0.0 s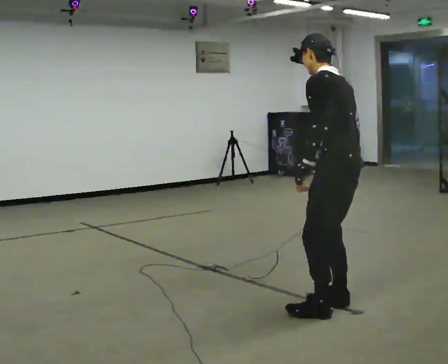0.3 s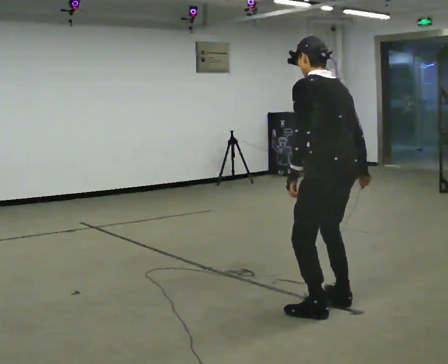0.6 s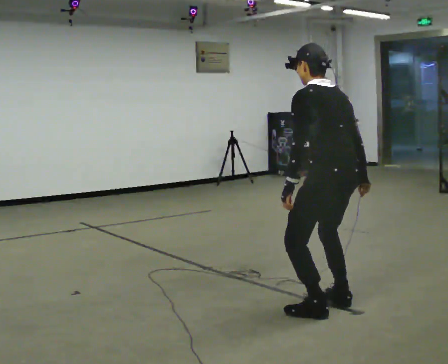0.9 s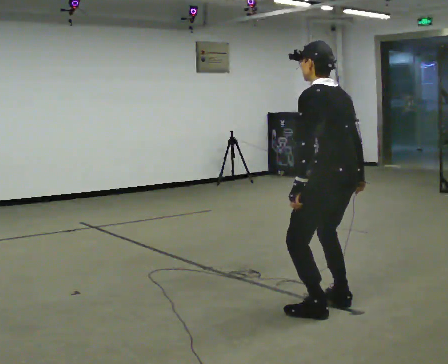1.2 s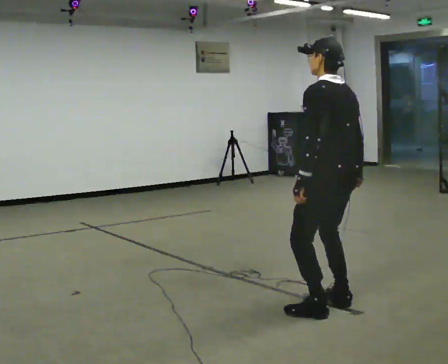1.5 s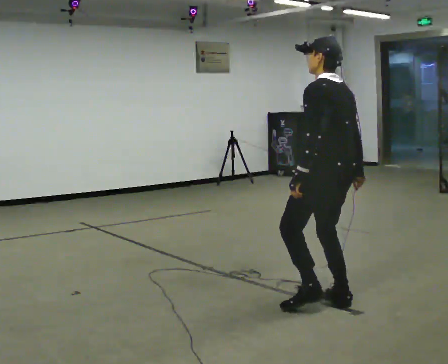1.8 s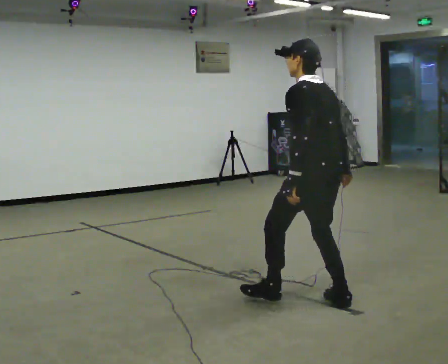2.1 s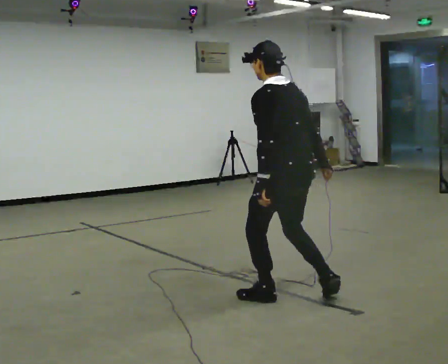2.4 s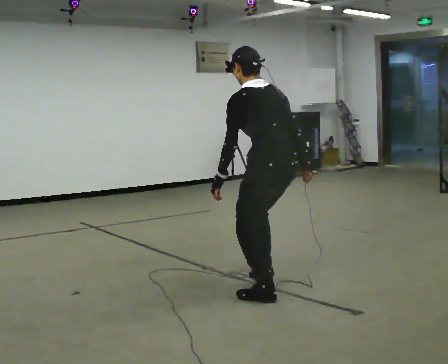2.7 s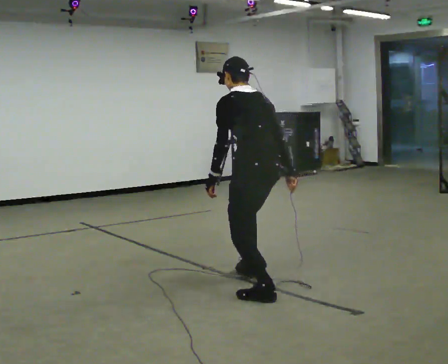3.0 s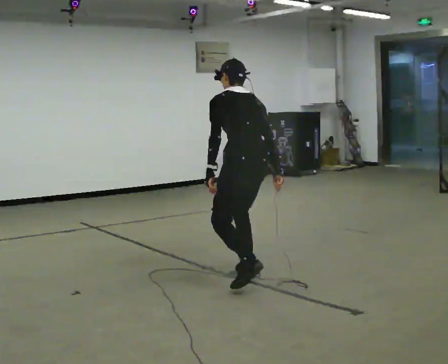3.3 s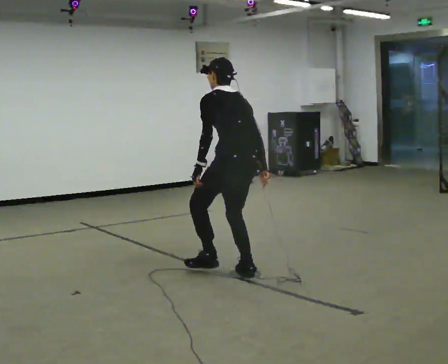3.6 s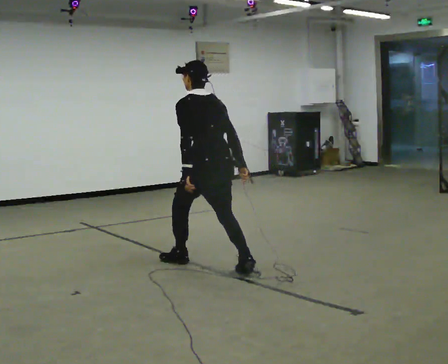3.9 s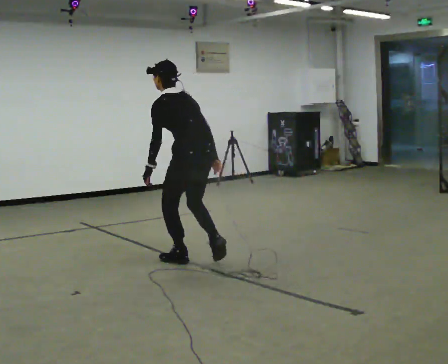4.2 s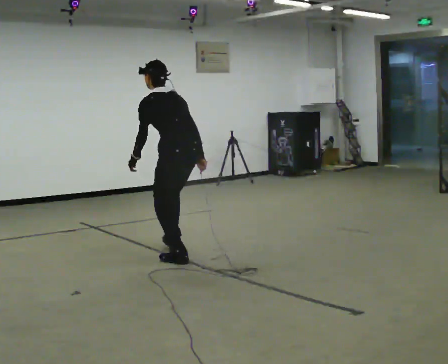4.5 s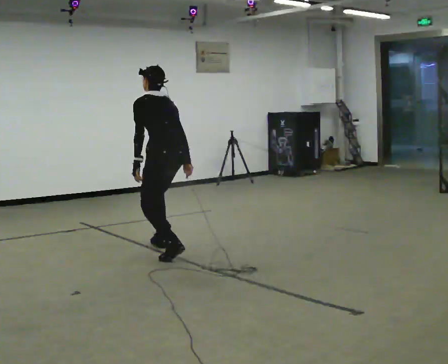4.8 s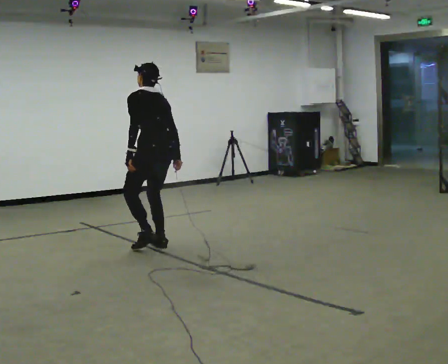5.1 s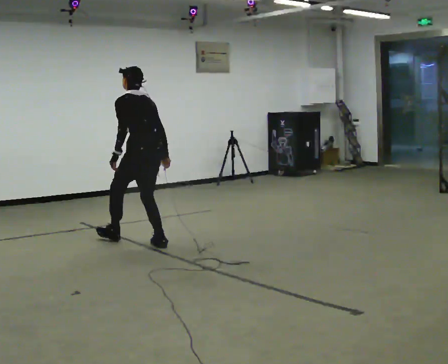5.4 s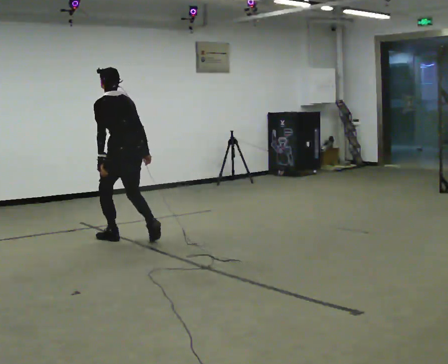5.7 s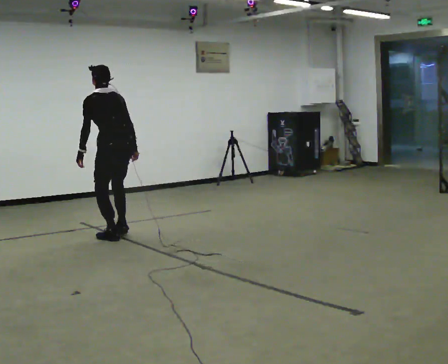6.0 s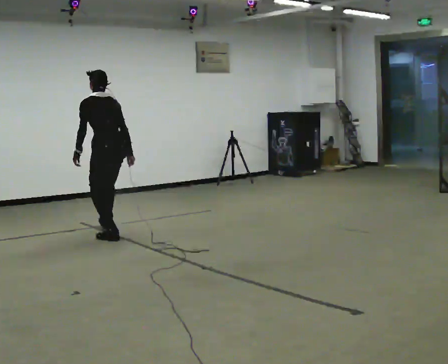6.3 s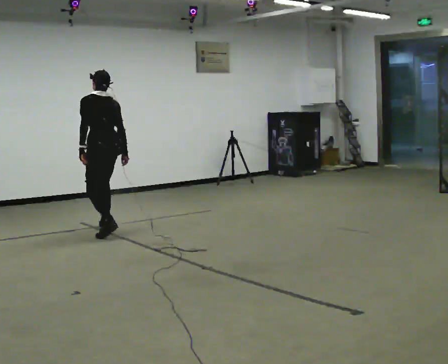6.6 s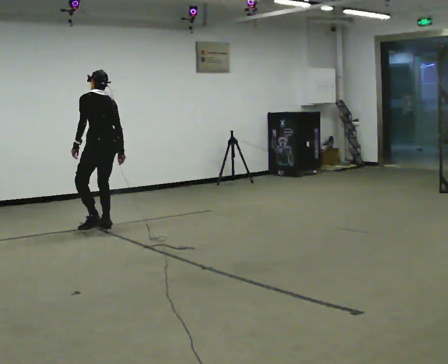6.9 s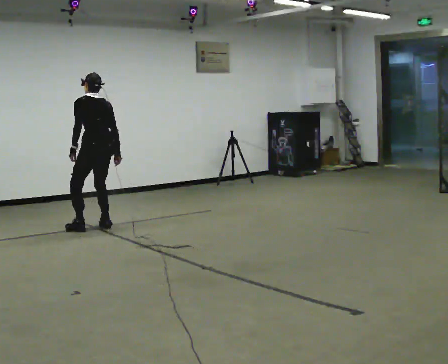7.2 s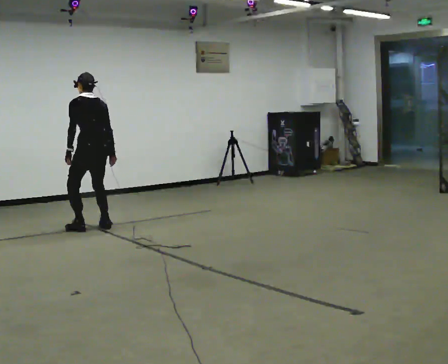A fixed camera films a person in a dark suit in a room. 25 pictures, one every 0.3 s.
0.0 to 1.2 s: The person moves a little, or ends about where they began.
1.2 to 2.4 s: In the picture they go to the left and away from the camera, about 0.5 m in 1 step, which for them is forward.
2.4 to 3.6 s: In the picture they go away from the camera and to the left, about 1 m in 2 steps, which for them is forward.
3.6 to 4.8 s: In the picture they go away from the camera and to the left, about 1 m in 1 step, which for them is forward.
4.8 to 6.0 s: In the picture they go away from the camera and to the left, about 0.5 m in 2 steps, which for them is forward.
6.0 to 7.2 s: In the picture they go away from the camera and to the left, about 0.25 m in 1 step, which for them is forward.
The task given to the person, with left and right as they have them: Walk forward in a lowered crouched posture at a comfortable speed; do not go lower than is comfortable; stop.
The film runs forward here.
